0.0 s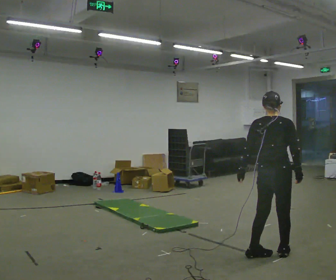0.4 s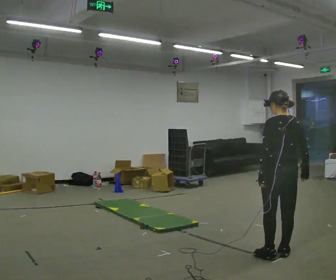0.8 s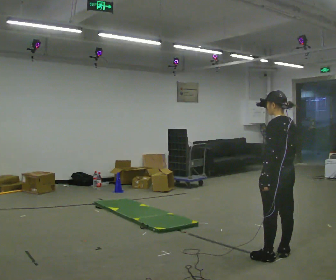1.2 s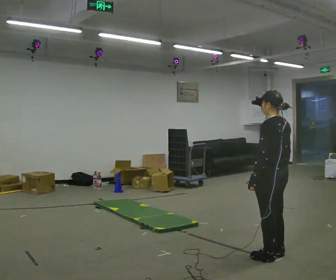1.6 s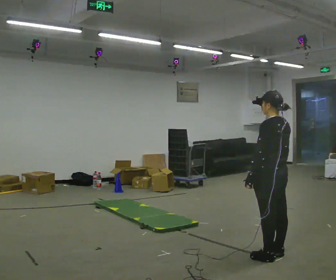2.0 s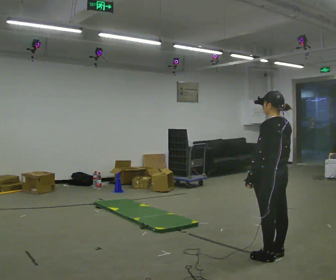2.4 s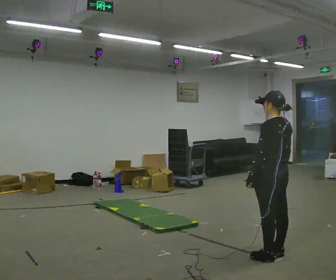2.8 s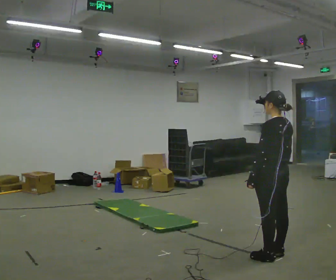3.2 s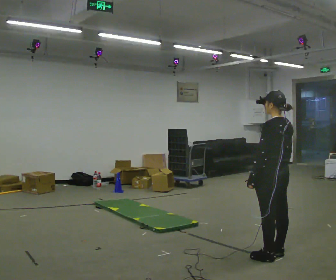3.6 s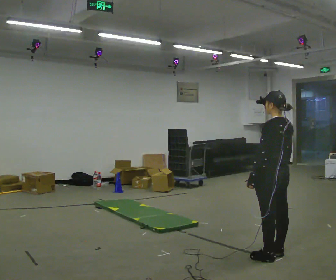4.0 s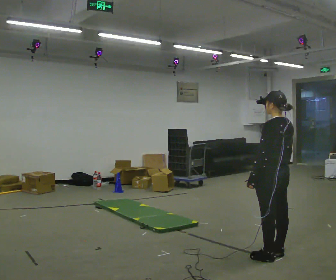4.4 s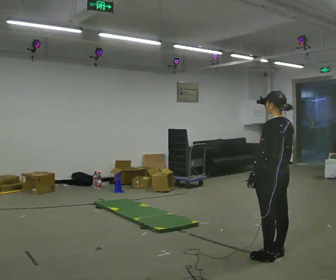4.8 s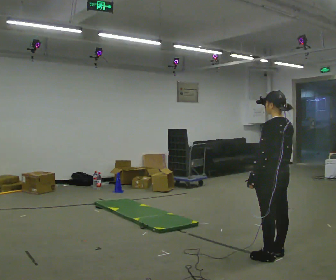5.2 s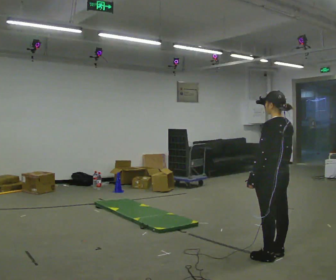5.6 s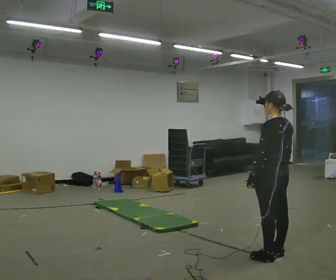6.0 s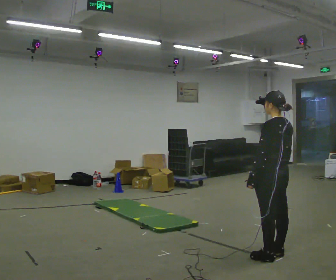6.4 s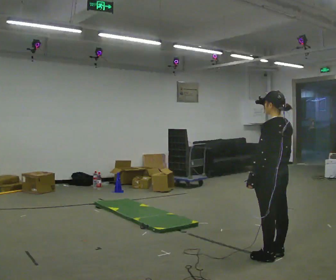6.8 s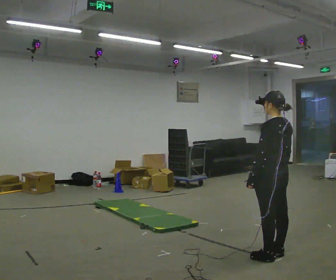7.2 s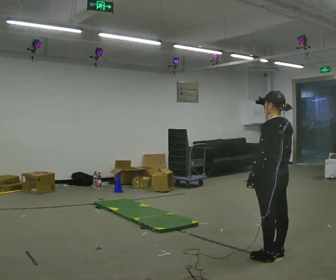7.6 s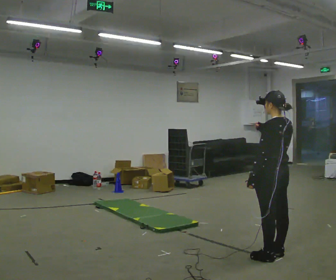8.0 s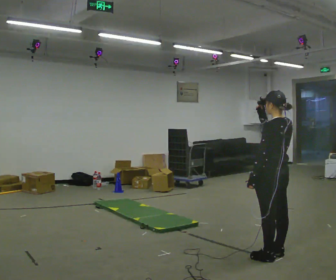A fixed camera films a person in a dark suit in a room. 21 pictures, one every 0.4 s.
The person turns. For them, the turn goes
to their left.
Their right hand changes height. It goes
upward.
0.0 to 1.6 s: The person turns about 75 degrees to their left, counterclockwise seen from above, so the part of the body nearest the lens slides to the right.
1.6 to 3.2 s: The person moves a little, or ends about where they began.
3.2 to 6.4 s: The person keeps their place and pose.
6.4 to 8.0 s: In the picture their right hand goes upward.
The film runs forward here.
